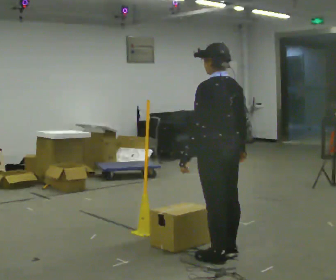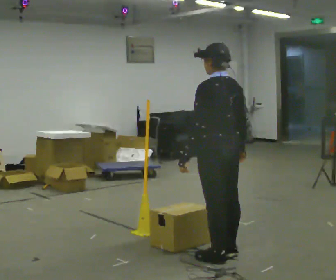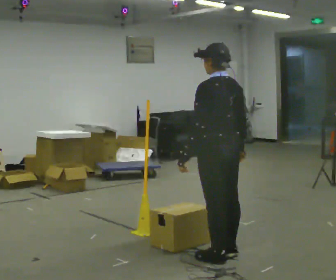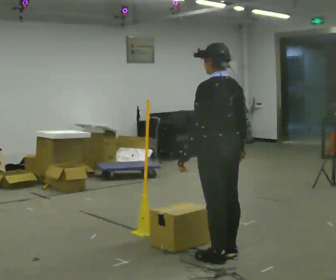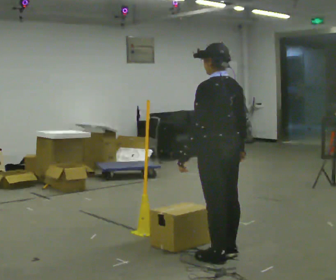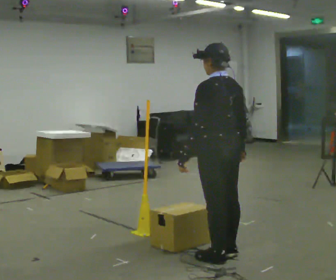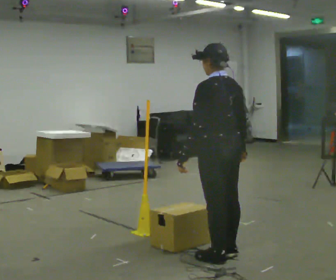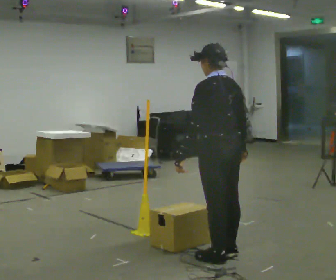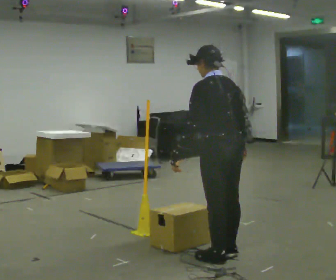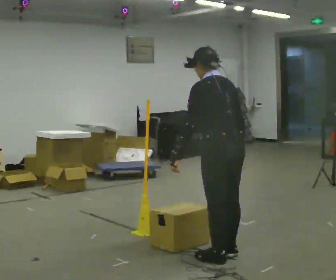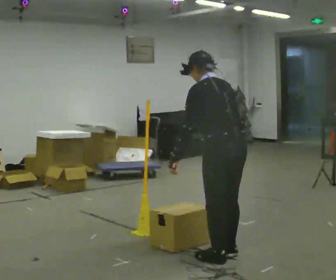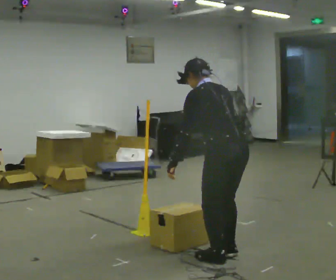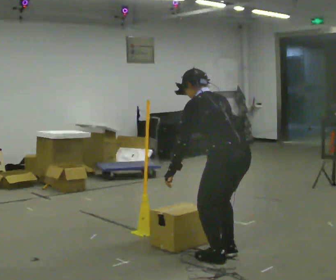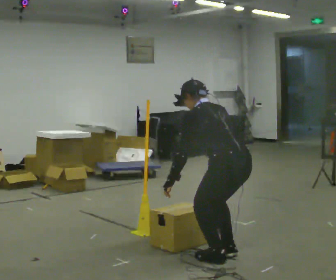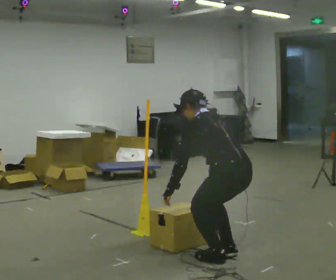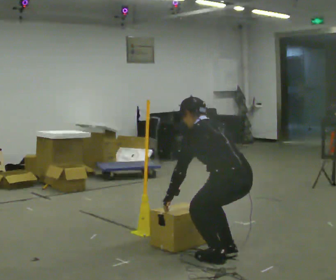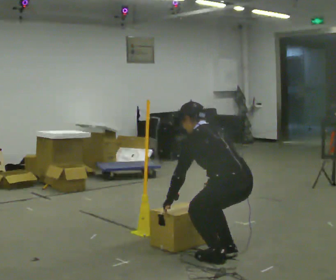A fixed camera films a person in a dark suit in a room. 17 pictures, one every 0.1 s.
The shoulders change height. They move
downward.
0.0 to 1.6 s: The upper body goes downward. The upper body tips away from the camera, its near side rolling upward, as they bend forward. In the picture their left hand goes downward.
The film runs forward here.
